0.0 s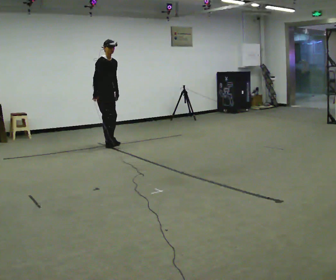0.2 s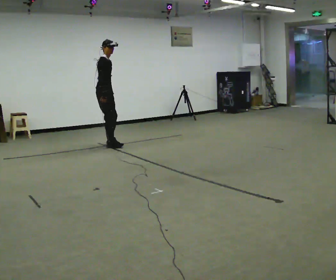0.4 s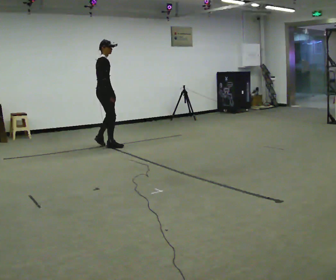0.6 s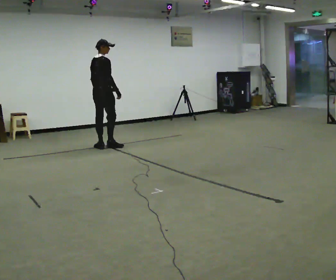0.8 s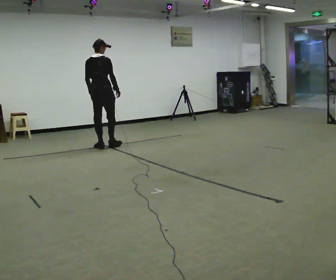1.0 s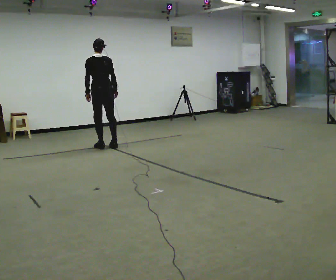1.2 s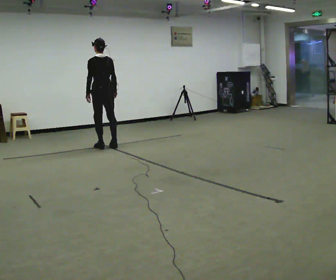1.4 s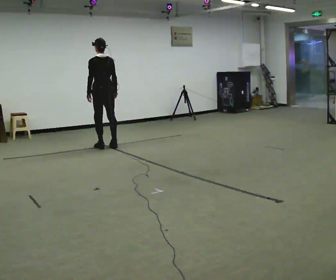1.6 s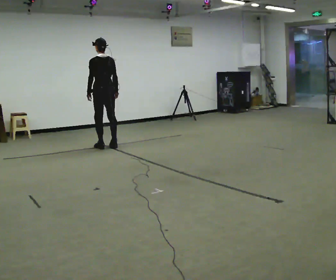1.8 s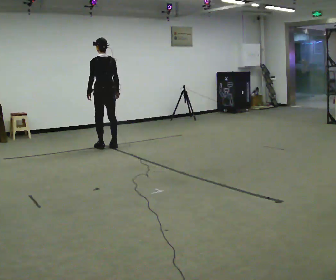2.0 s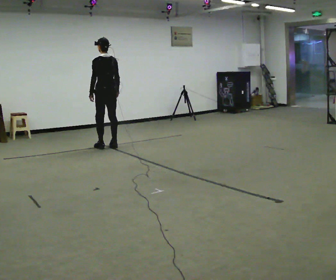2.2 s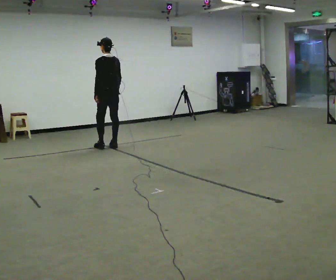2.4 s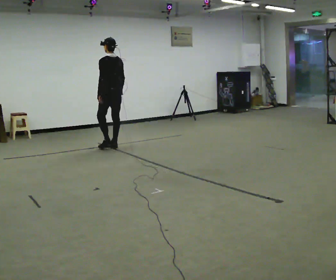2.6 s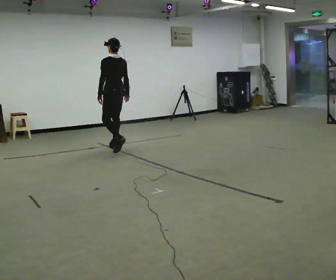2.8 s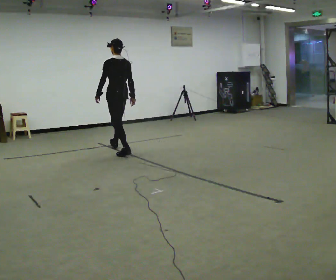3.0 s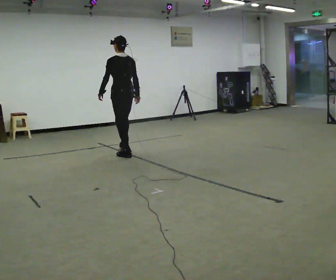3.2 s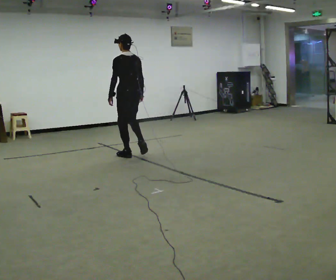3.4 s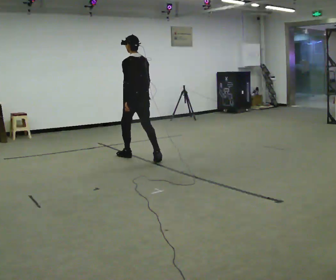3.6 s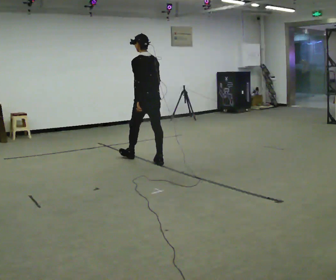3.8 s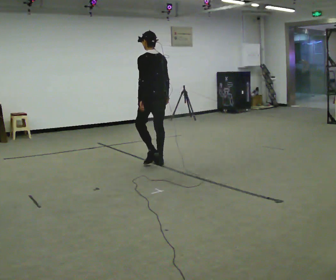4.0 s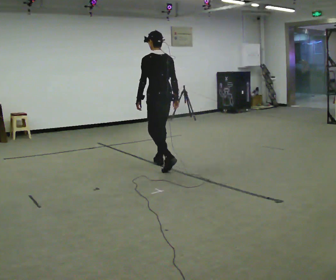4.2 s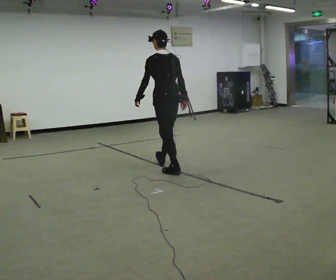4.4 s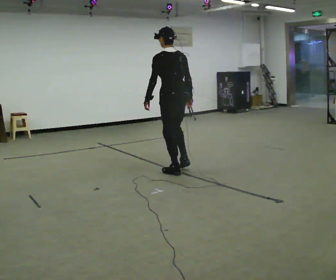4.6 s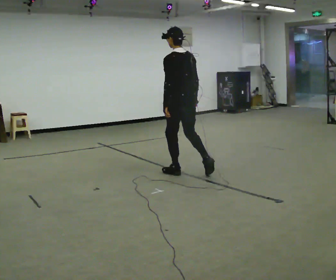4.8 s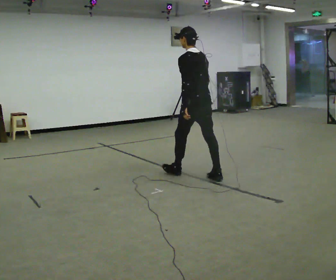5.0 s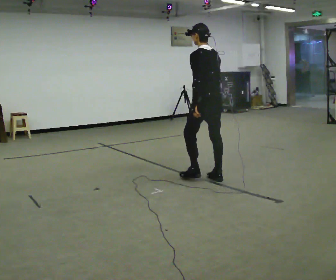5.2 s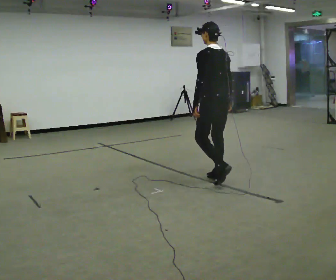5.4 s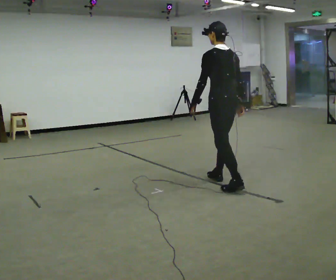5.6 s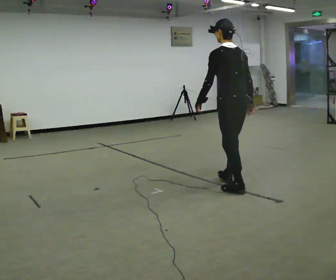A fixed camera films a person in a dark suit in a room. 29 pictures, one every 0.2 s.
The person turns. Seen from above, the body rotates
counterclockwise.
The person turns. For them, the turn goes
to their left.
0.0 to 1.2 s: The person turns about 165 degrees to their left, counterclockwise seen from above, so the part of the body nearest the lens slides to the right. In the picture they go toward the camera, about 0.25 m in 1 step. In the picture their right hand goes to the right, the arm swinging counterclockwise.
1.2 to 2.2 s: The person moves a little, or ends about where they began.
2.2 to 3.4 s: In the picture they go toward the camera and to the right, about 1 m in 2 steps, which for them is backward.
3.4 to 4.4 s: In the picture they go toward the camera and to the right, about 1 m in 2 steps, which for them is backward.
4.4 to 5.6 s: In the picture they go toward the camera and to the right, about 1 m in 2 steps, which for them is backward.
The film runs backward here.
